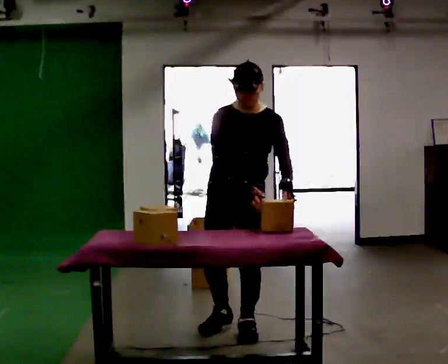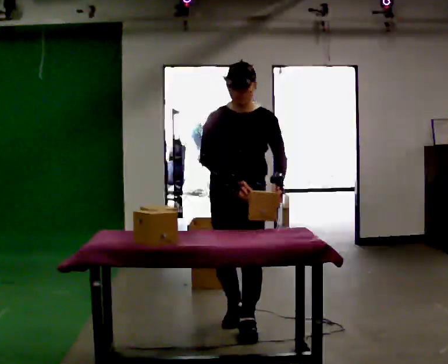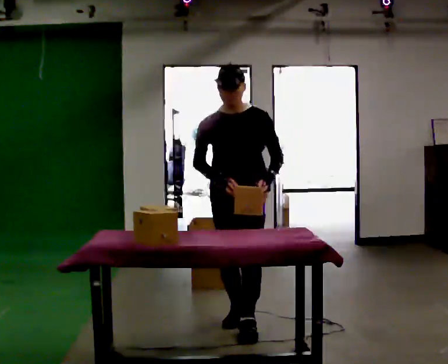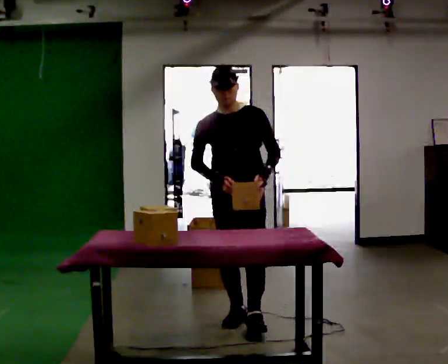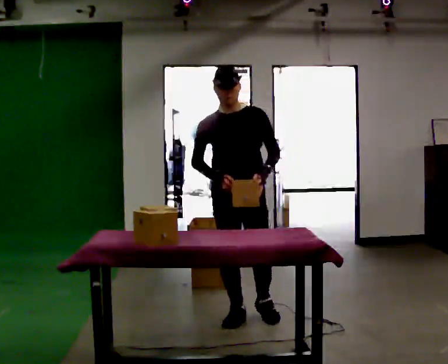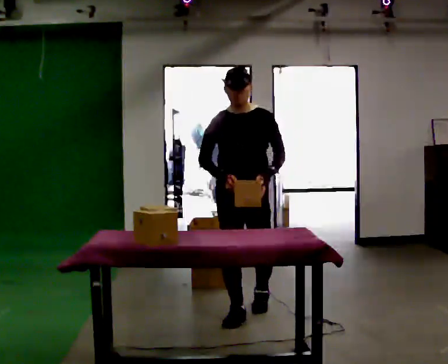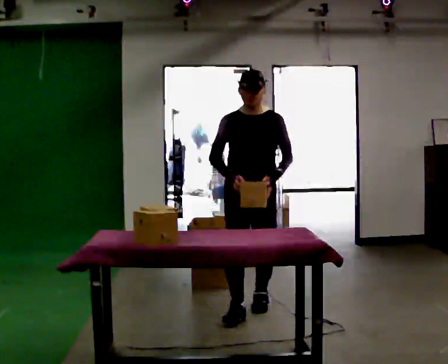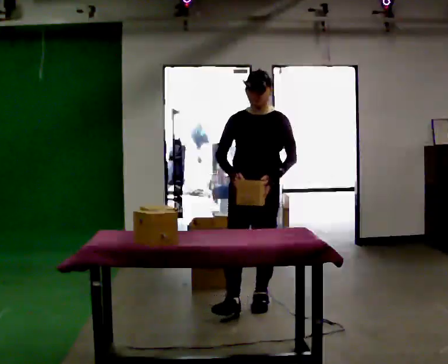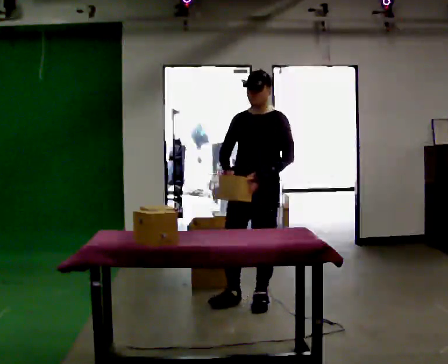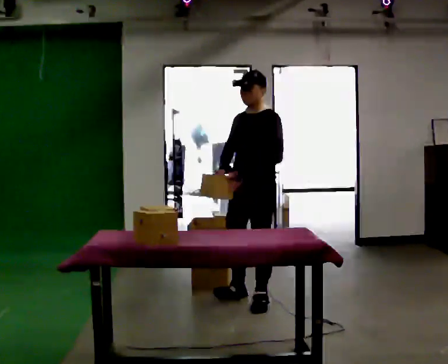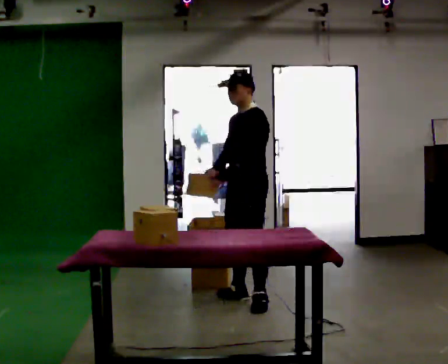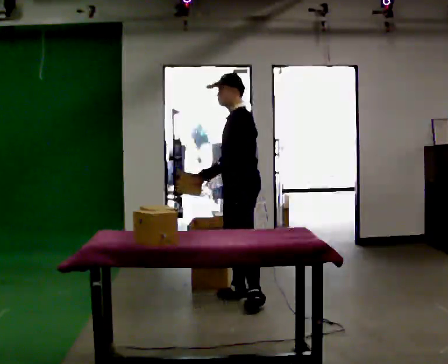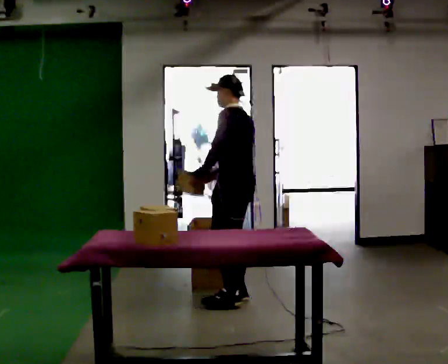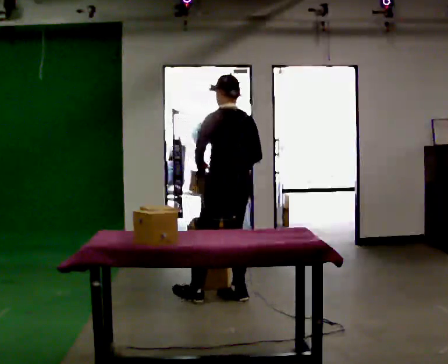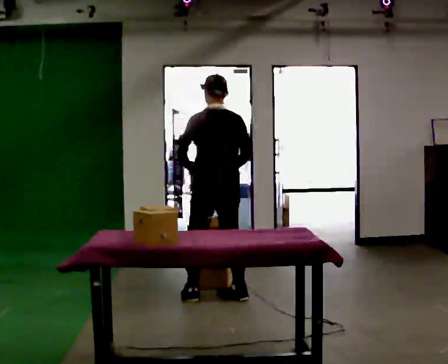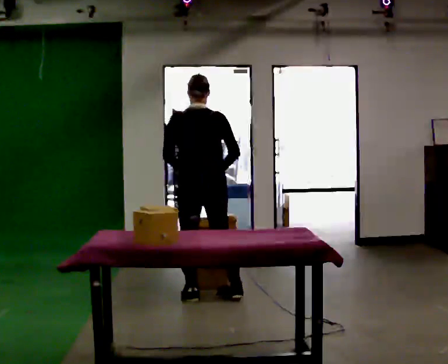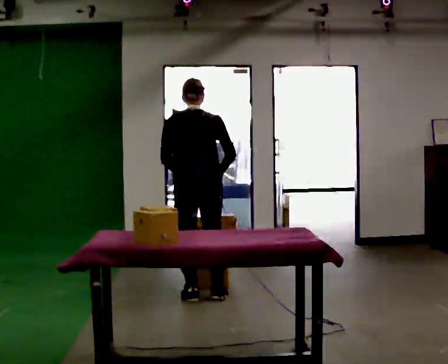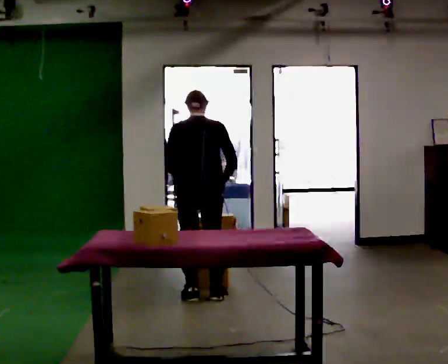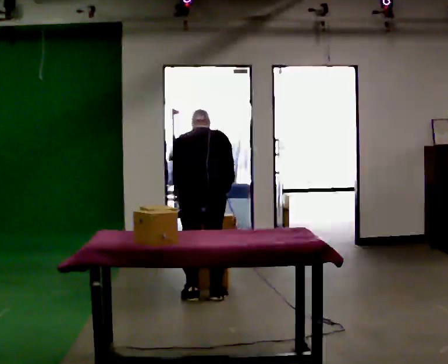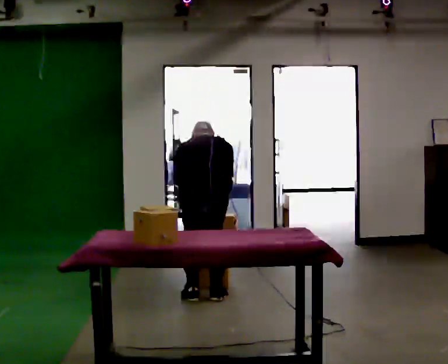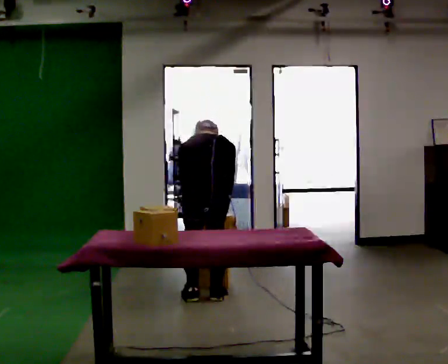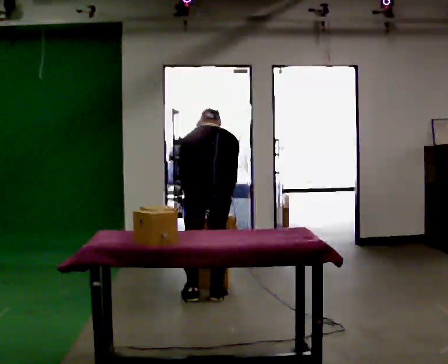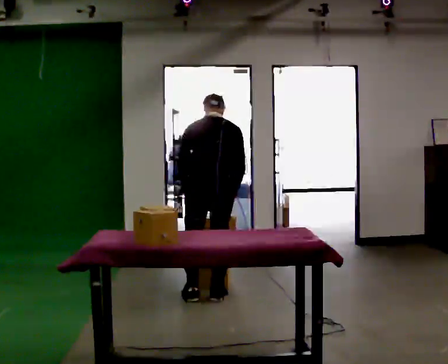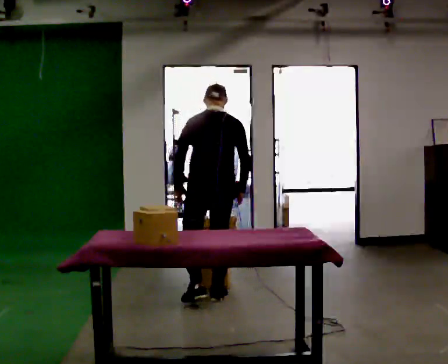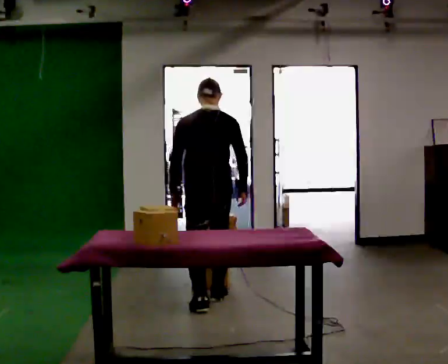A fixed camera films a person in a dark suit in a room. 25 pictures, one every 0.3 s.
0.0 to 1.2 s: In the picture they go away from the camera, about 0.25 m in 1 step, which for them is backward. In the picture the upper body tilts counterclockwise, shoulders to the left.
1.2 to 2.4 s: In the picture they go away from the camera, about 0.5 m in 1 step, which for them is backward.
2.4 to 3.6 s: The person turns about 90 degrees to their right, clockwise seen from above, so the part of the body nearest the lens slides to the left. In the picture they go away from the camera, about 0.25 m in 1 step. In the picture their left hand goes to the left.
3.6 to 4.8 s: The person turns about 75 degrees to their right, clockwise seen from above, so the part of the body nearest the lens slides to the left. In the picture they go to the left, about 0.25 m in 1 step.
4.8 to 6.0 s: The shoulders move downward. The upper body tips away from the camera, its near side rolling upward, as they bend forward.
6.0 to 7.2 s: The upper body goes upward. The upper body tips toward the camera, its near side rolling downward, as they lean back or straighten.
The film runs backward here.
